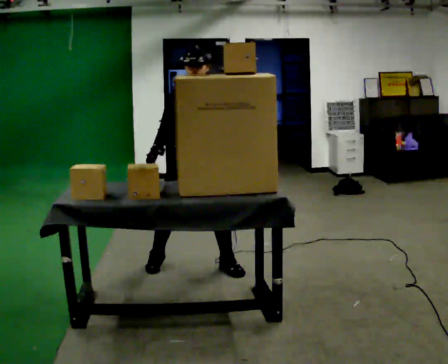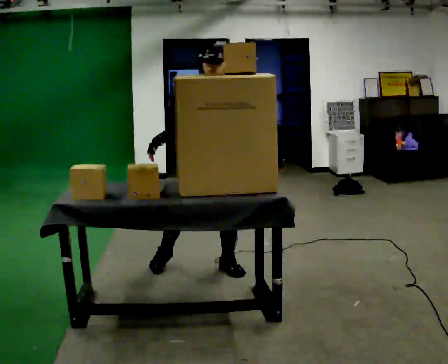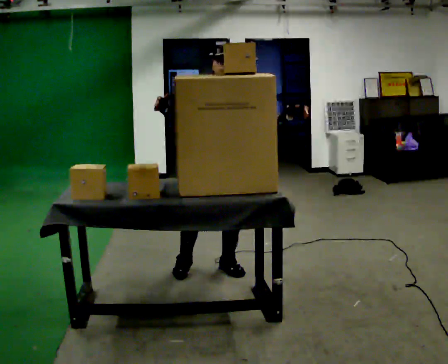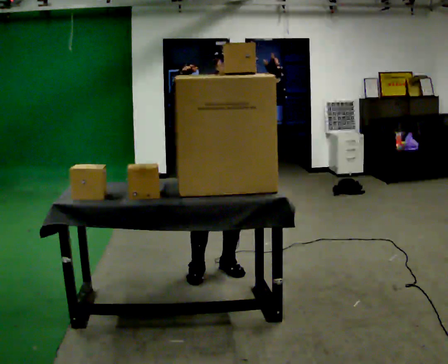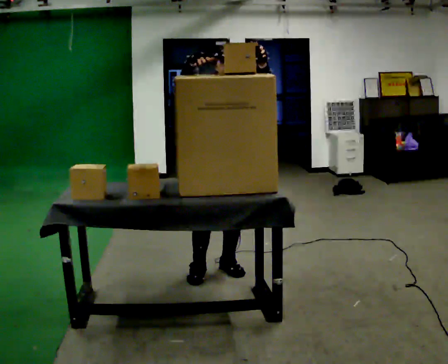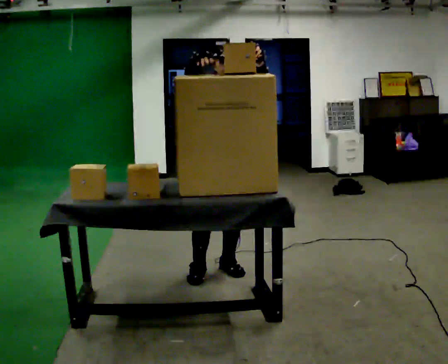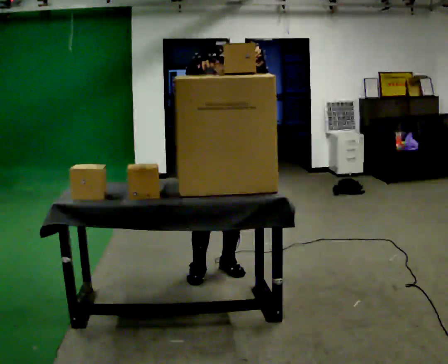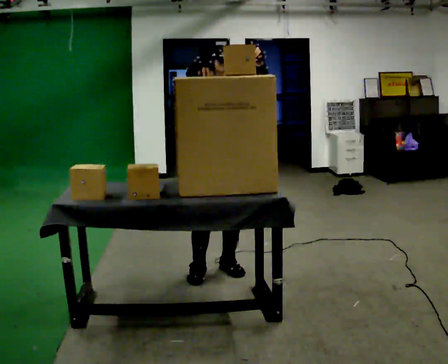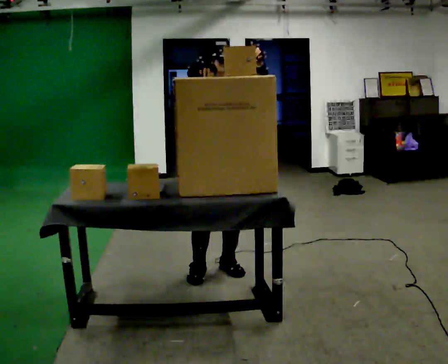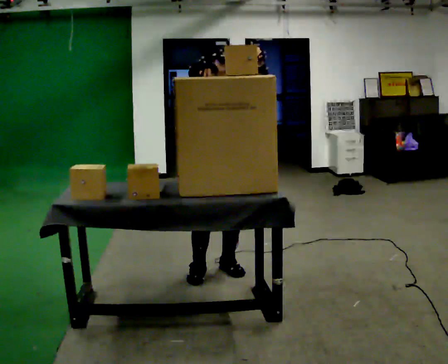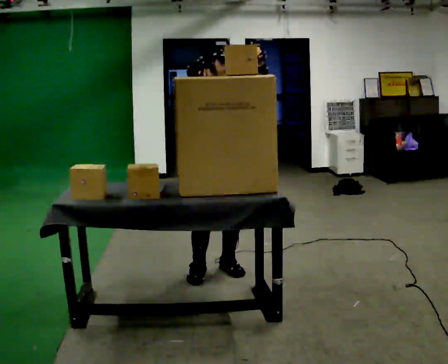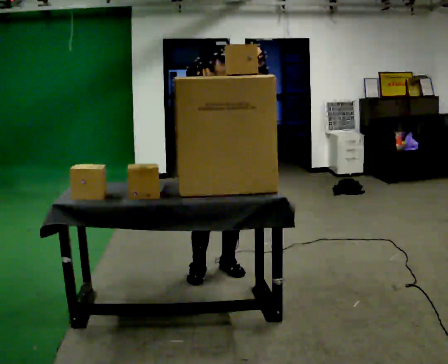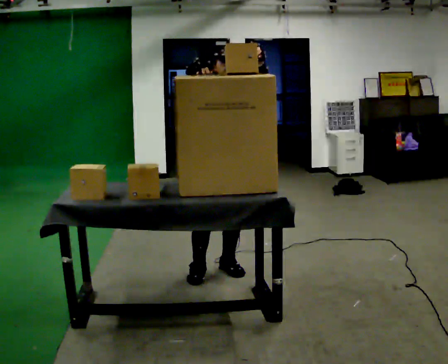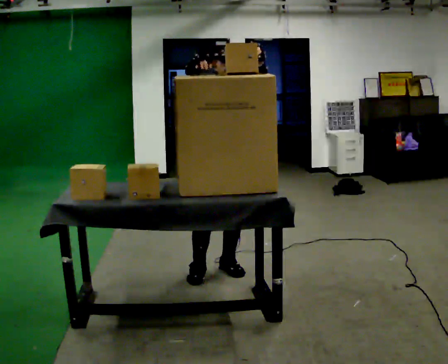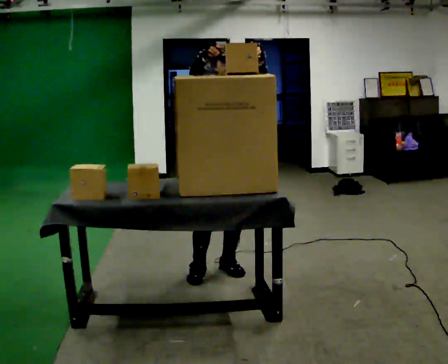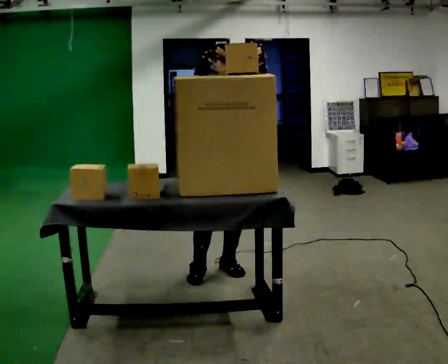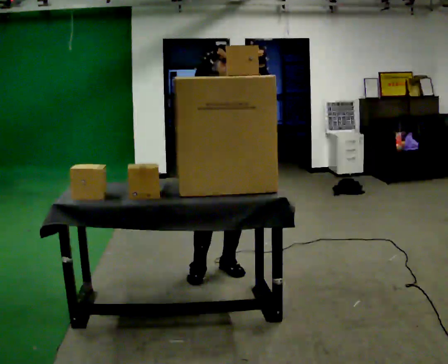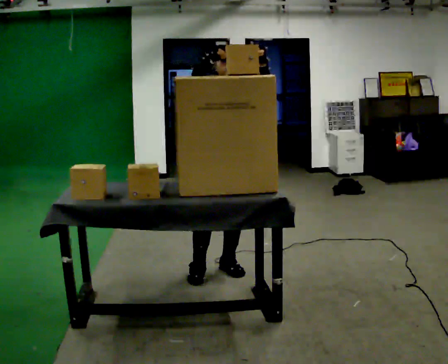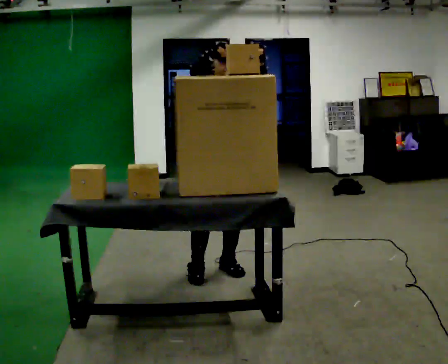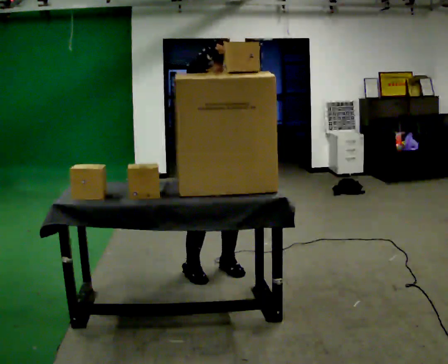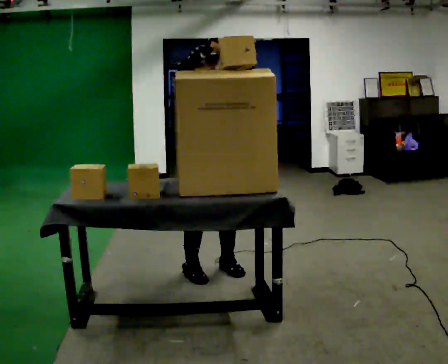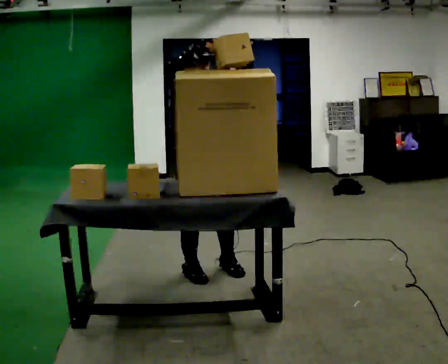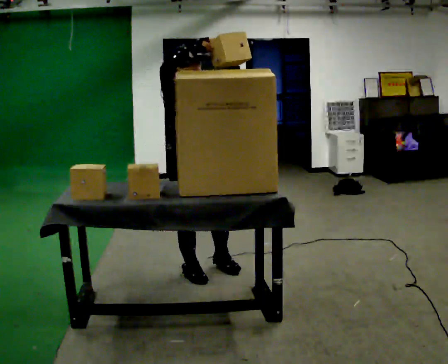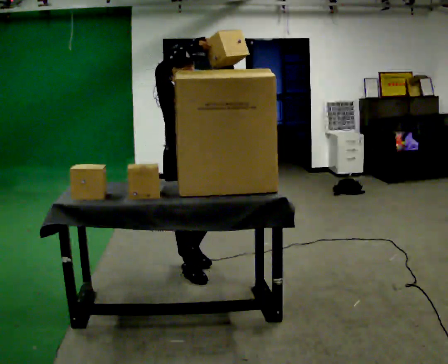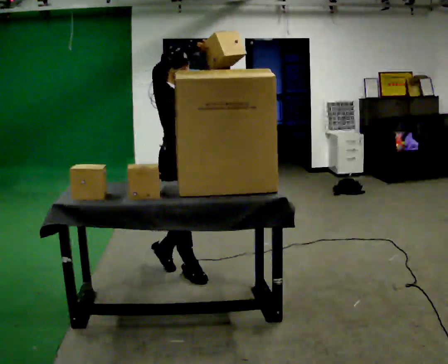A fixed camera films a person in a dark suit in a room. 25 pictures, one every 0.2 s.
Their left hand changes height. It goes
upward.
Their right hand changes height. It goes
upward.
0.0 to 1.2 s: In the picture they go to the right, about 0.25 m in 1 step, which for them is to their left. In the picture their right hand goes upward and to the right.
1.2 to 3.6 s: The person moves a little, or ends about where they began.
3.6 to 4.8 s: Seen from above the body turns counterclockwise, about 45 degrees: to their left, with its near side sliding to the right. In the picture they go to the left, about 0.25 m in 1 step, which for them is to their right.
The film runs backward here.
